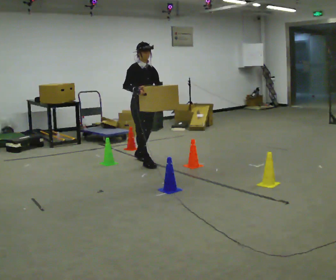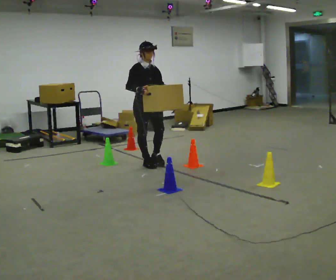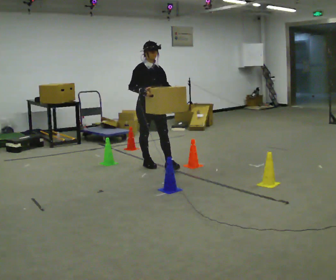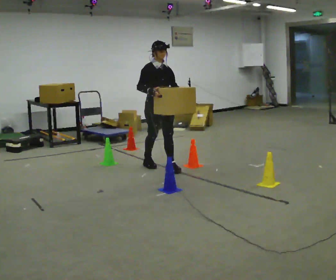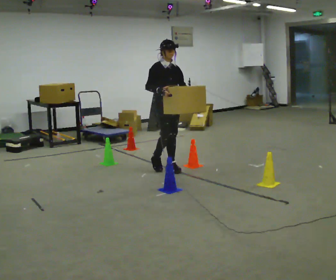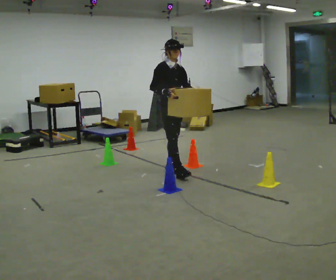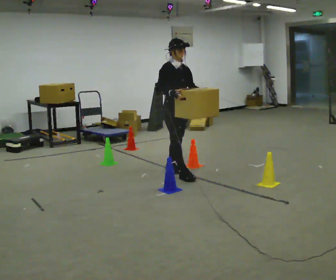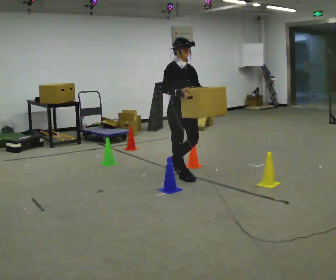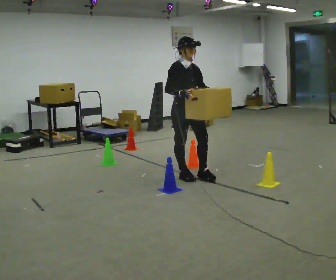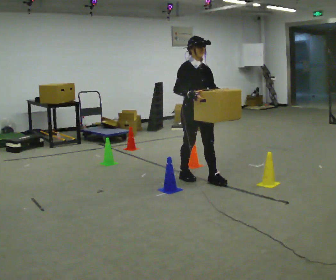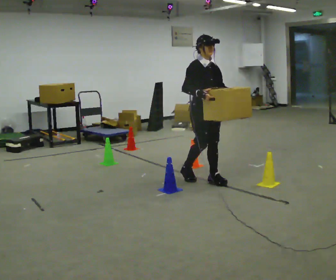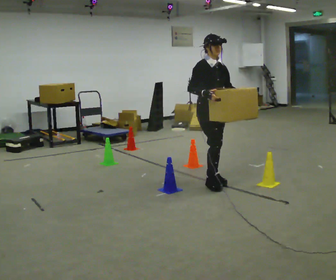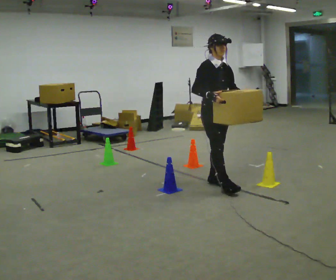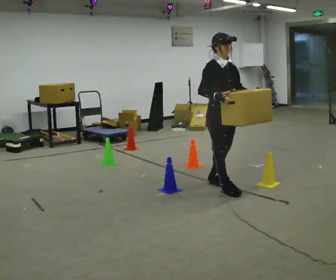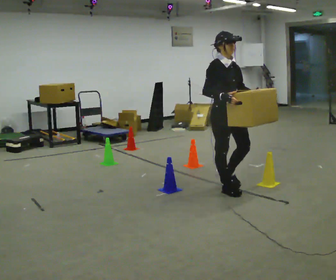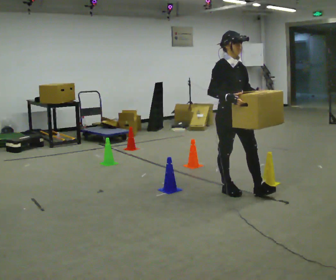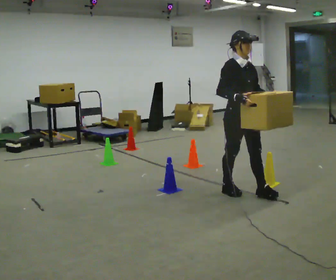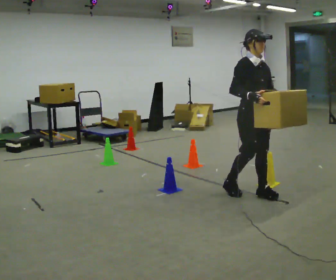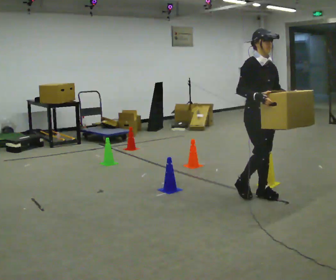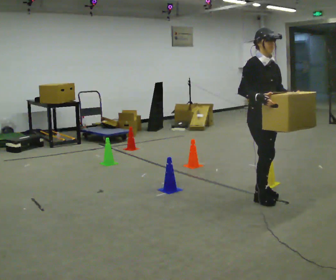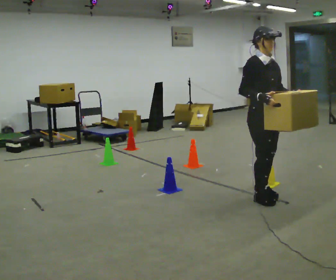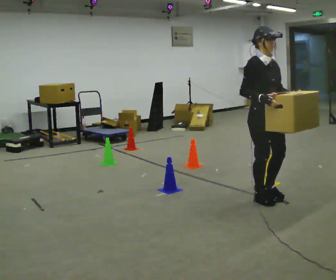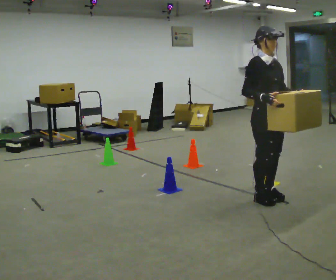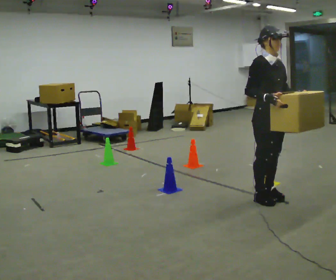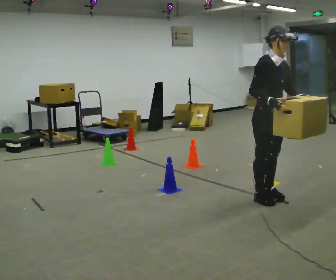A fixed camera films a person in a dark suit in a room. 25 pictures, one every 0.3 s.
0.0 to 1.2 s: In the picture they go to the right and toward the camera, about 0.5 m in 1 step, which for them is forward.
1.2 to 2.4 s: In the picture they go toward the camera and to the right, about 0.5 m in 1 step, which for them is forward.
2.4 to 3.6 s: In the picture they go to the right and toward the camera, about 0.5 m in 2 steps, which for them is forward.
3.6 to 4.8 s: In the picture they go toward the camera and to the right, about 0.5 m in 1 step, which for them is forward.
4.8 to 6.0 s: In the picture they go to the right and toward the camera, about 0.25 m in 1 step, which for them is forward.
6.0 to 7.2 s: The person moves a little, or ends about where they began.
The film runs forward here.
